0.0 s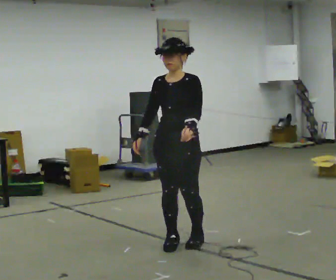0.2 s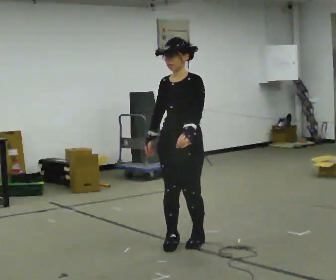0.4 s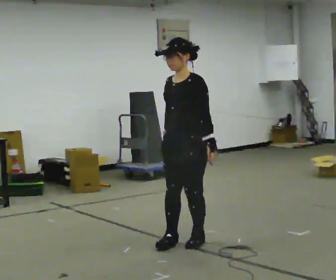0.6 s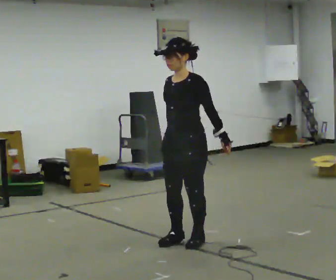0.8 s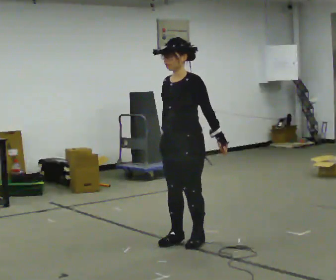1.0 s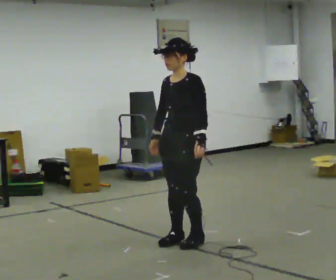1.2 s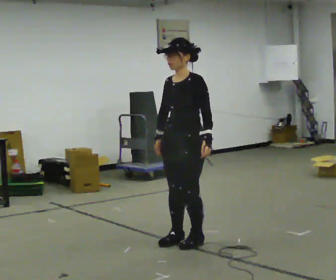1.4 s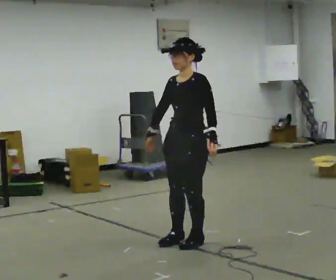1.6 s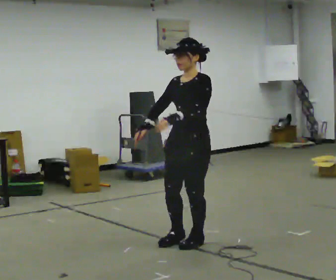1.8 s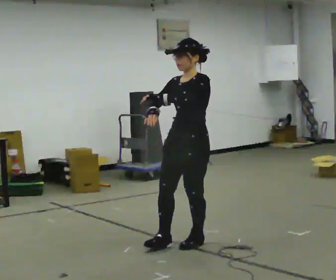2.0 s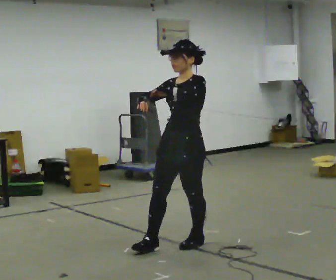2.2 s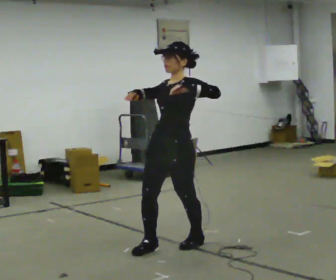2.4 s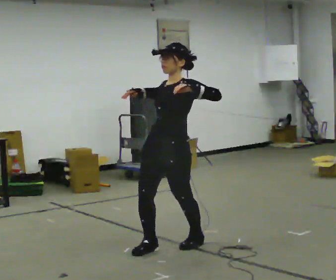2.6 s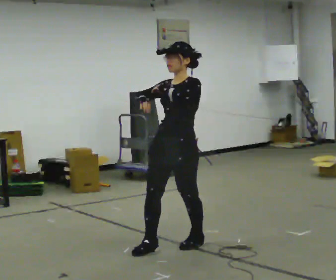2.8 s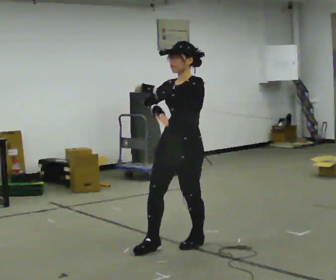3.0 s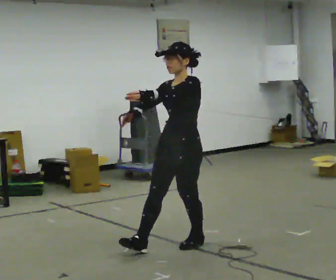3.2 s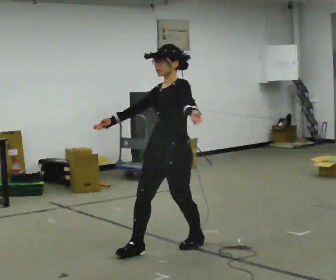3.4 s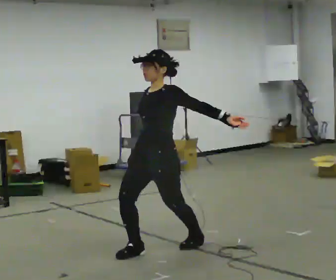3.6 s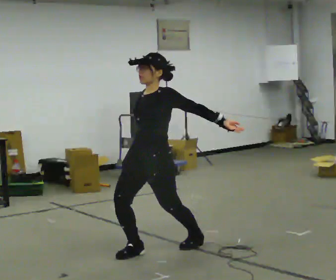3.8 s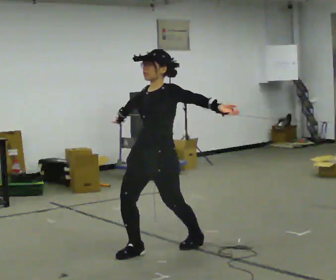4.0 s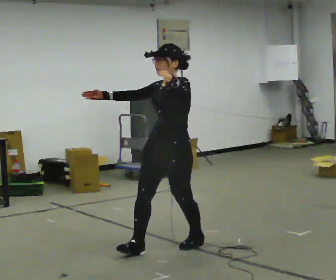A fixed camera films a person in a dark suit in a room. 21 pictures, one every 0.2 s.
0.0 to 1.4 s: The person moves a little, or ends about where they began.
1.4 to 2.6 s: In the picture their left hand goes to the left and upward.
2.6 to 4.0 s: The person moves a little, or ends about where they began.
The film runs forward here.
